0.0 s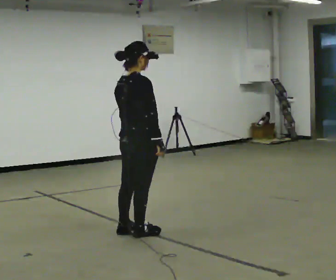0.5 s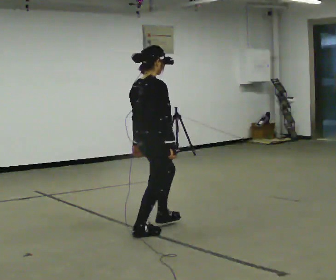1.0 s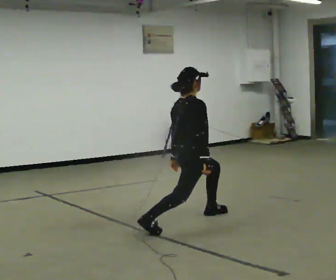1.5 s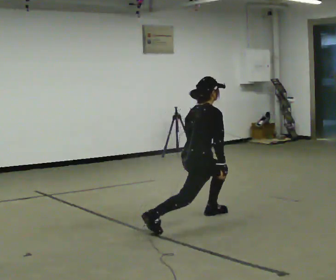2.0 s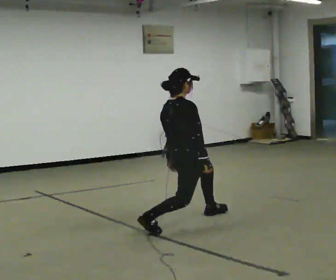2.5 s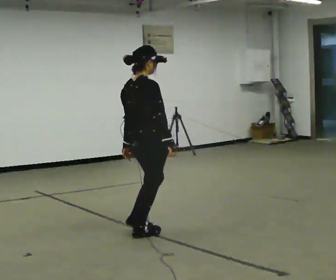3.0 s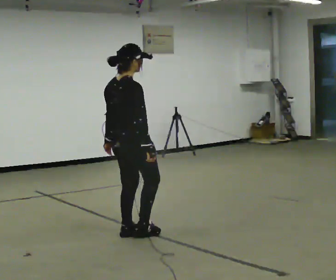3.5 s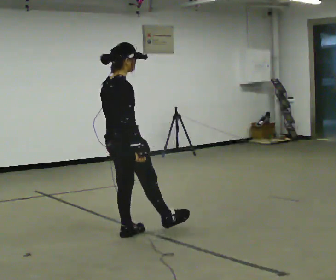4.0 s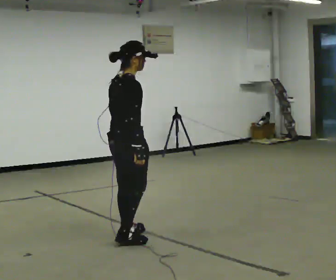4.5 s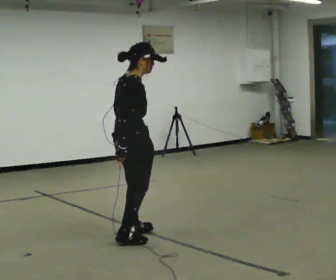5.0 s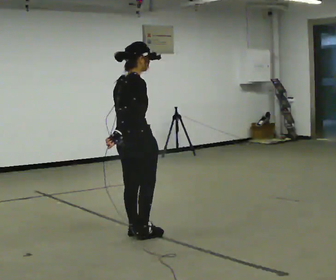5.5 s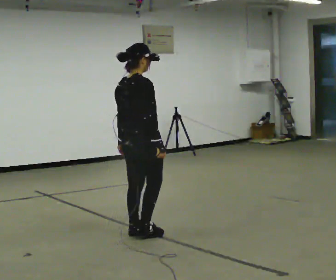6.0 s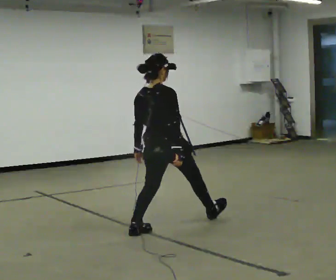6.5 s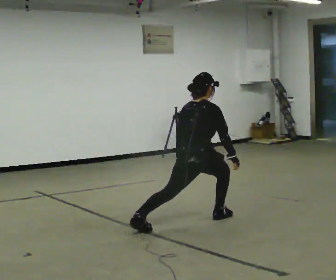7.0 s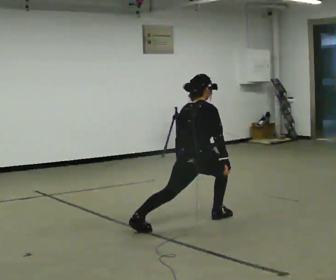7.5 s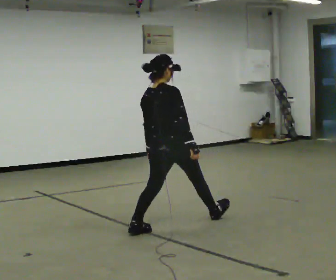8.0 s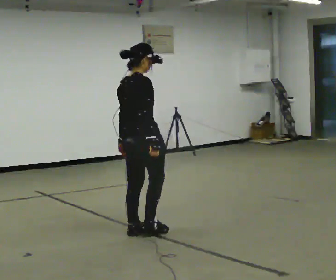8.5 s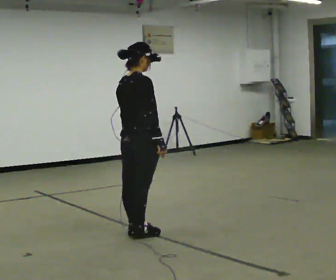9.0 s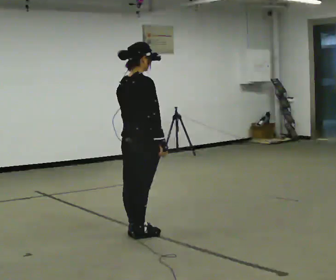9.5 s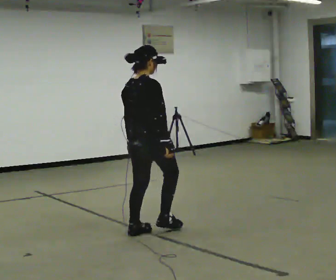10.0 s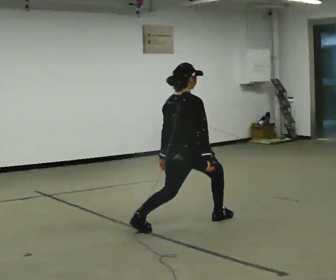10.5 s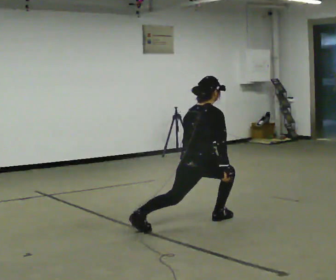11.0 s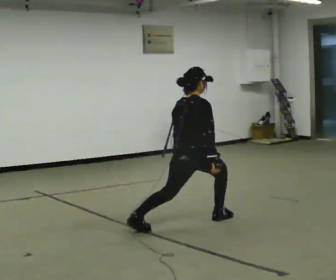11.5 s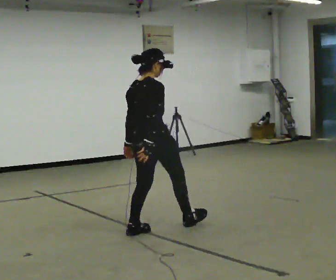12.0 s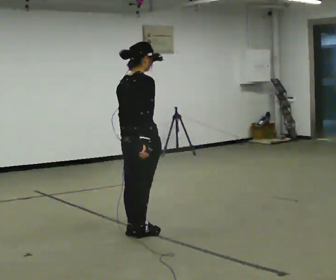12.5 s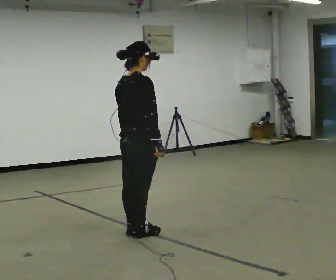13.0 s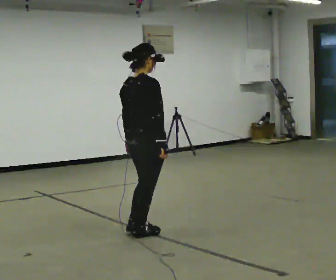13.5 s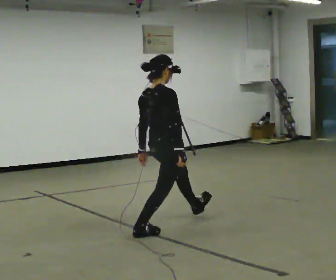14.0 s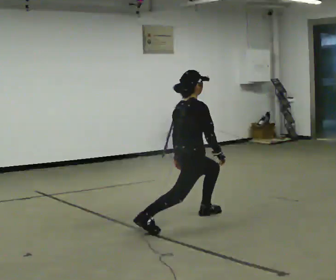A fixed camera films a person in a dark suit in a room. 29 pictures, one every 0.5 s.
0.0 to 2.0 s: In the picture they go to the right and away from the camera, about 0.5 m in 1 step, which for them is forward.
2.0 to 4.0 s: In the picture they go toward the camera and to the left, about 0.5 m in 2 steps, which for them is backward. The shoulders move upward.
4.0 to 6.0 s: The part of the body nearest the lens slides to the right as the person turns to their left by about 30 degrees. In the picture they go away from the camera and to the right, about 0.5 m in 1 step, which for them is forward.
6.0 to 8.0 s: In the picture they go to the left and toward the camera, about 0.25 m in 1 step, which for them is backward and to their left.
8.0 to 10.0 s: In the picture they go to the right and away from the camera, about 0.5 m in 2 steps, which for them is forward. The upper body goes downward.
10.0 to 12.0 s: In the picture they go to the left and toward the camera, about 0.5 m in 1 step, which for them is backward.
12.0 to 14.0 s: In the picture they go away from the camera and to the right, about 0.5 m in 1 step, which for them is forward. The shoulders move downward.
The film runs forward here.
